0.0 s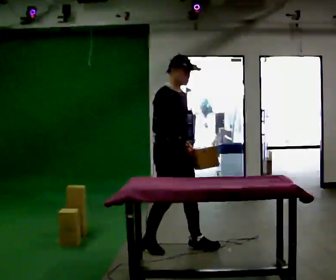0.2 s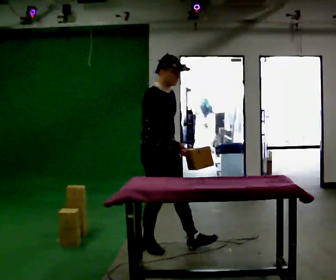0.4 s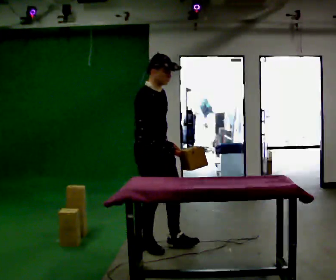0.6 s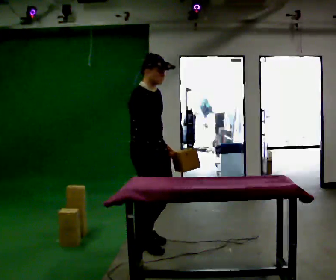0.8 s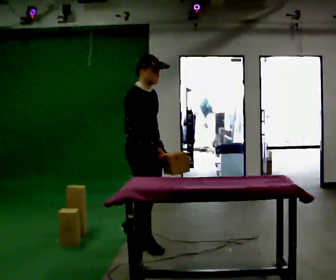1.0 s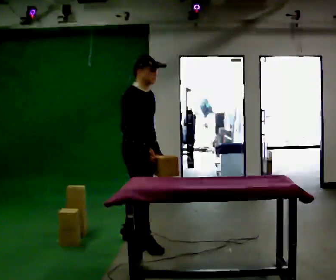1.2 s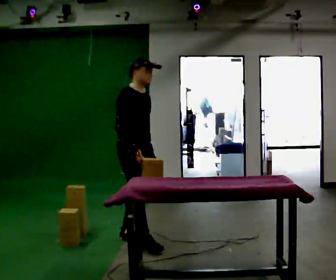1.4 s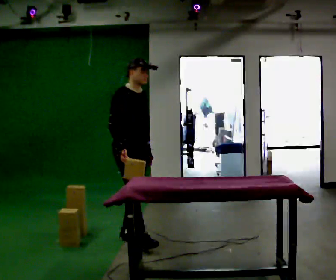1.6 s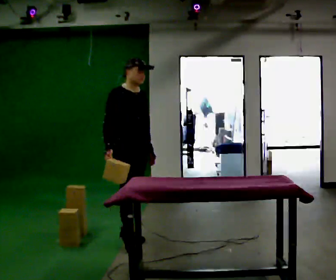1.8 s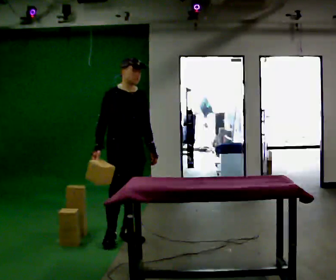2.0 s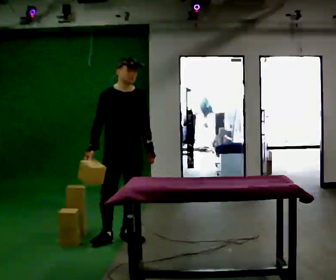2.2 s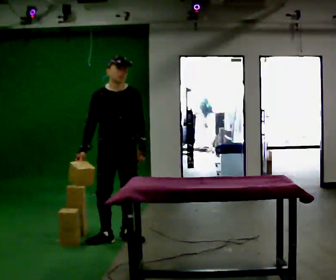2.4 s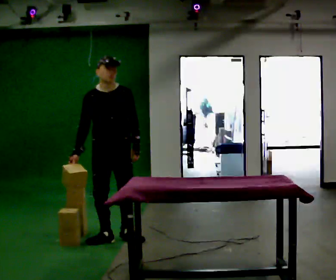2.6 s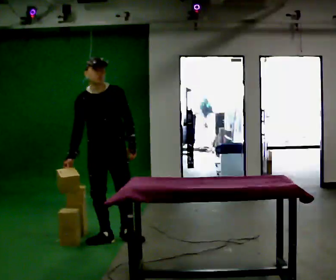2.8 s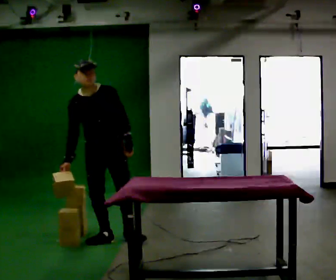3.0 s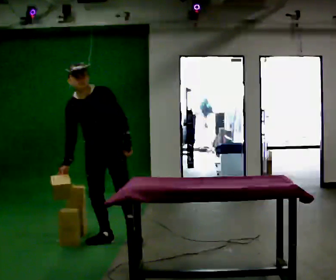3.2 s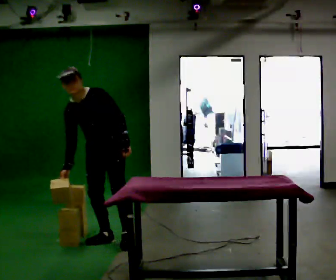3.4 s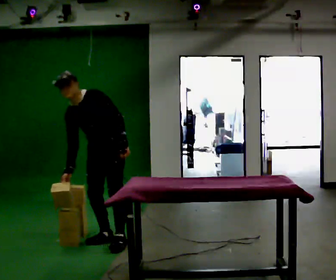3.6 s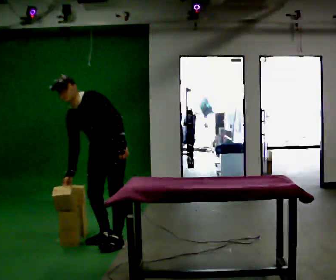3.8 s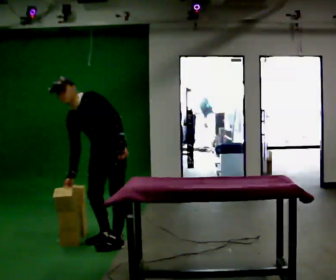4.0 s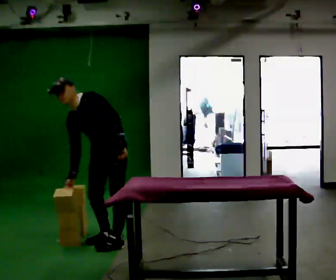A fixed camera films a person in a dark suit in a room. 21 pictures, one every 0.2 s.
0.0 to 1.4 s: In the picture they go to the left and away from the camera, about 0.5 m in 1 step, which for them is backward.
1.4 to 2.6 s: The part of the body nearest the lens slides to the left as the person turns to their right by about 45 degrees. In the picture they go to the left, about 0.25 m in 1 step, which for them is to their right. In the picture the upper body tilts counterclockwise, shoulders to the left. In the picture their right hand goes to the left.
2.6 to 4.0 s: The part of the body nearest the lens slides to the left as the person turns to their right by about 45 degrees. In the picture the upper body tilts counterclockwise, shoulders to the left, as they bend forward.
The film runs backward here.
